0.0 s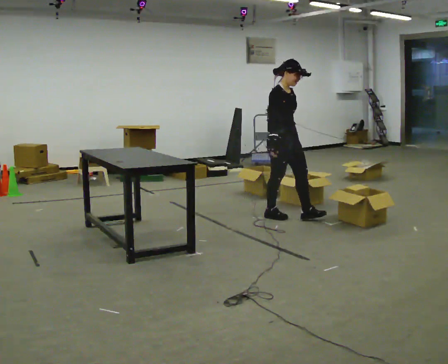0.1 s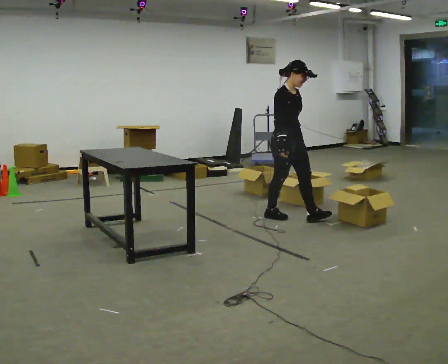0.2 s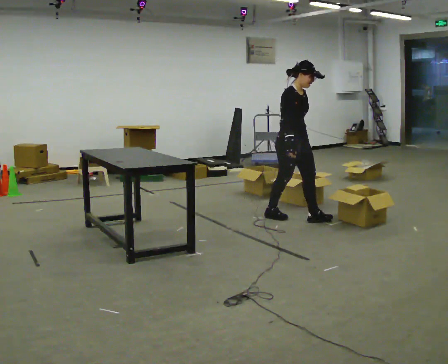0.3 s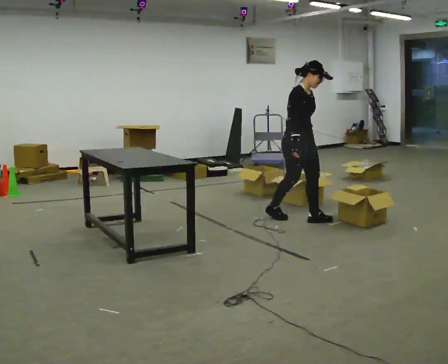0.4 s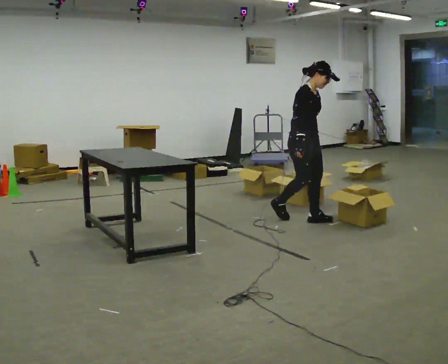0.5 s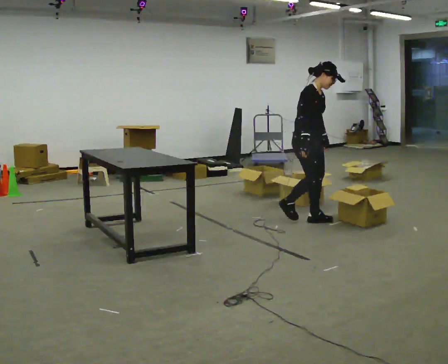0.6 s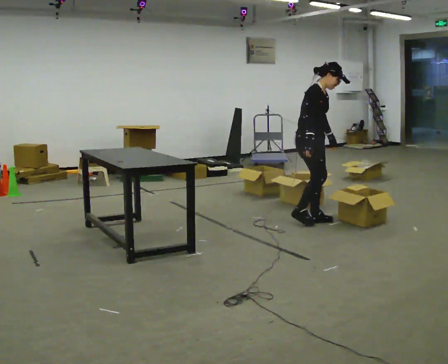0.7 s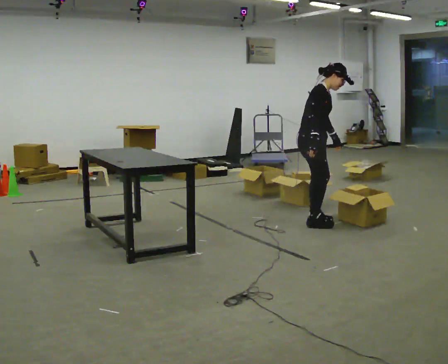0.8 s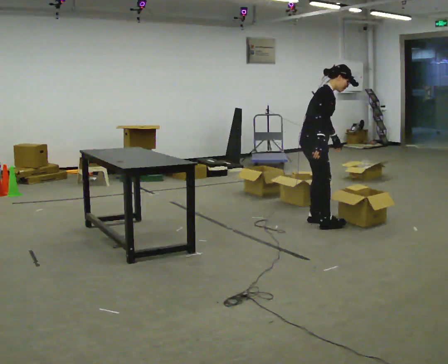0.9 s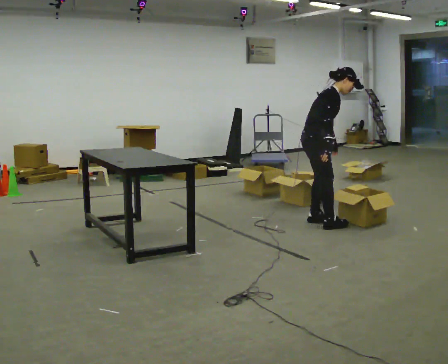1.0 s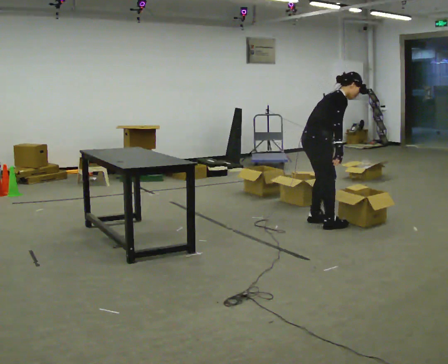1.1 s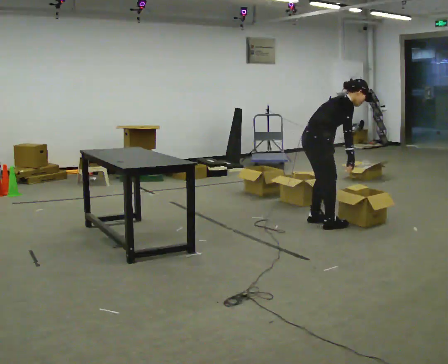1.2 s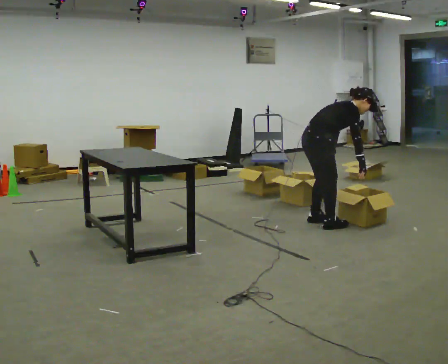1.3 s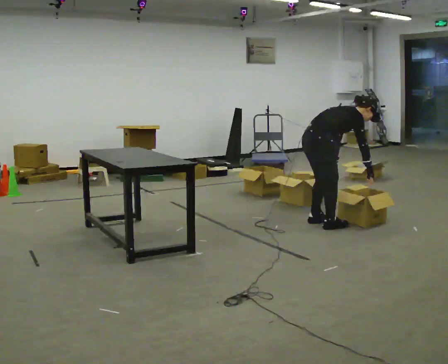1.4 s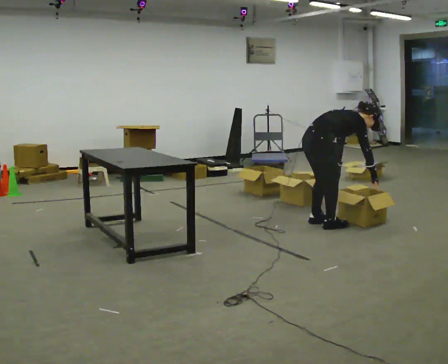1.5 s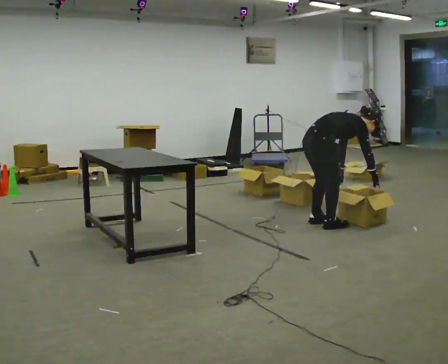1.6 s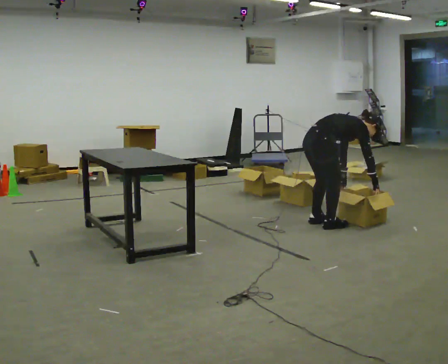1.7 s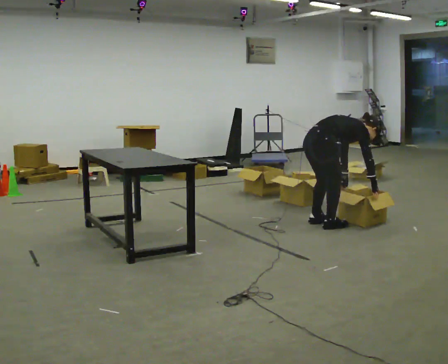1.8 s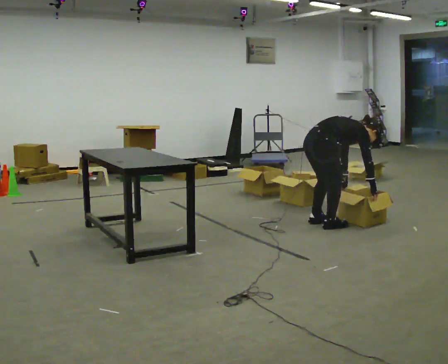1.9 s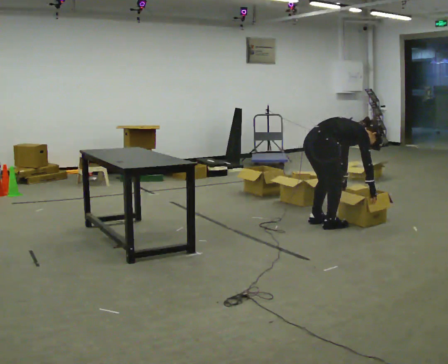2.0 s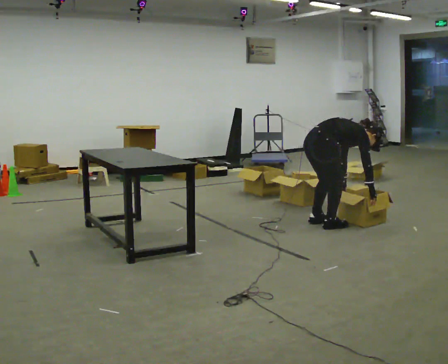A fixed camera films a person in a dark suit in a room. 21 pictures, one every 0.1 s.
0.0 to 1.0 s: The person turns about 45 degrees to their left, counterclockwise seen from above, so the part of the body nearest the lens slides to the right. In the picture they go to the right and toward the camera, about 0.5 m in 2 steps, which for them is forward. In the picture the upper body tilts clockwise, shoulders to the right, as they bend forward.
1.0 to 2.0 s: The shoulders move downward. In the picture the upper body tilts clockwise, shoulders to the right, as they bend forward. In the picture their right hand goes downward and to the right.
The film runs forward here.
